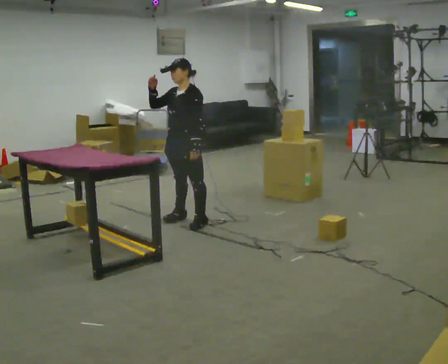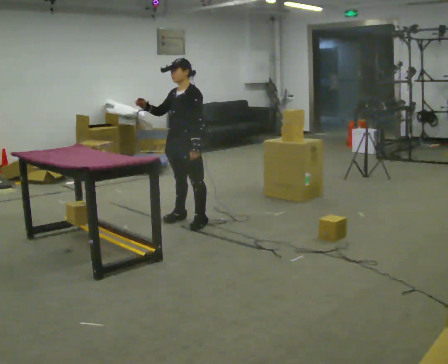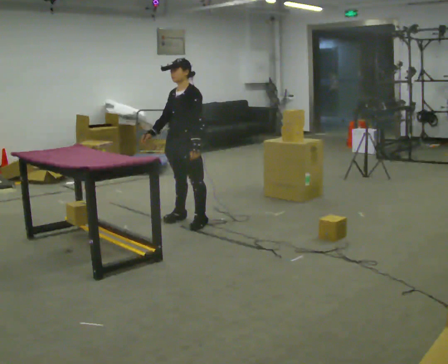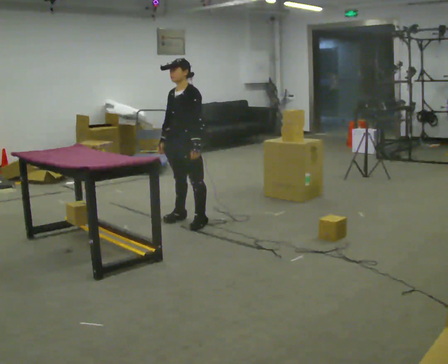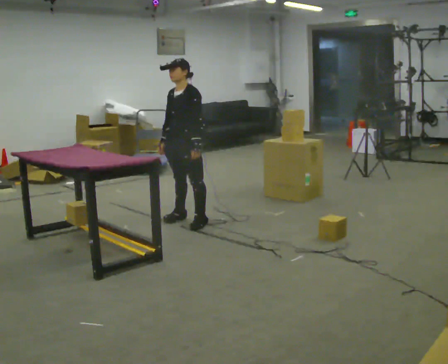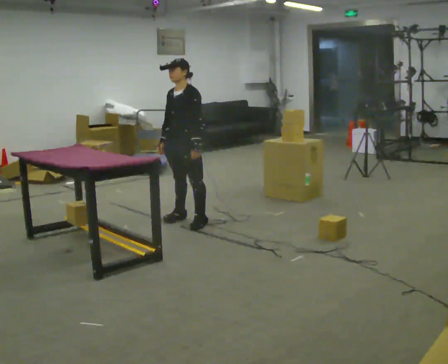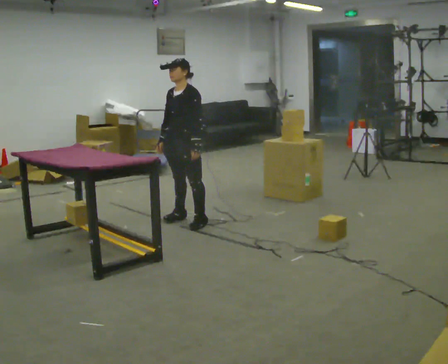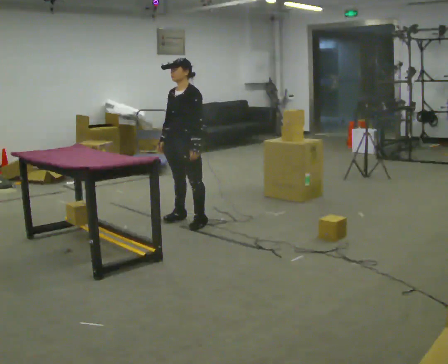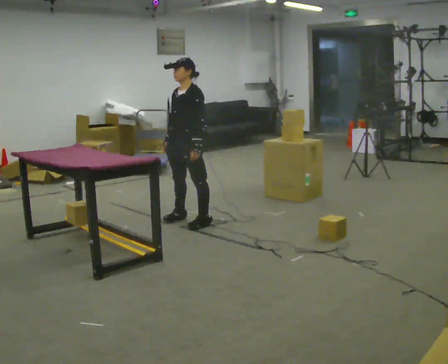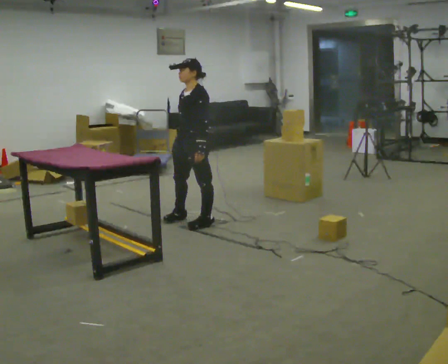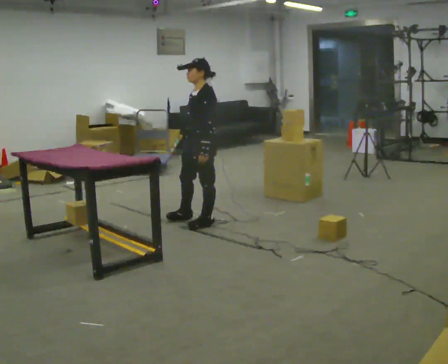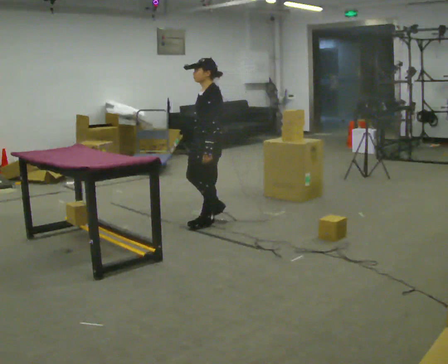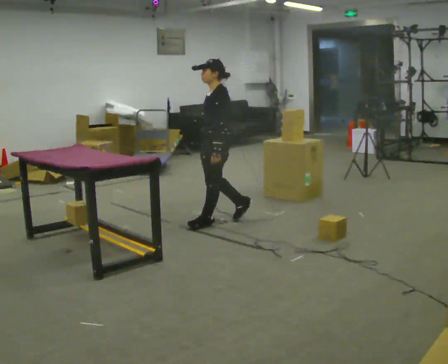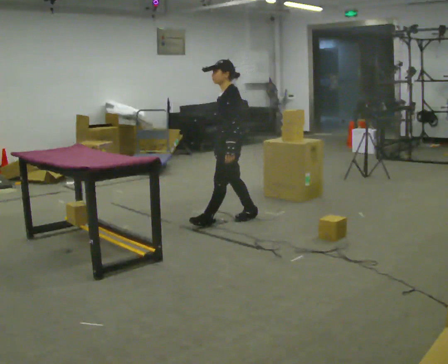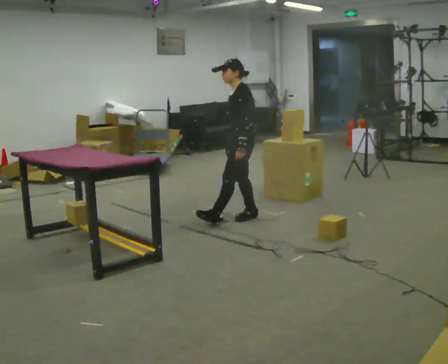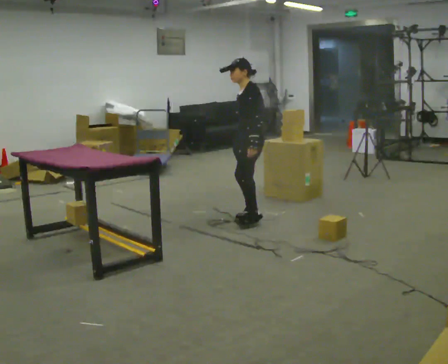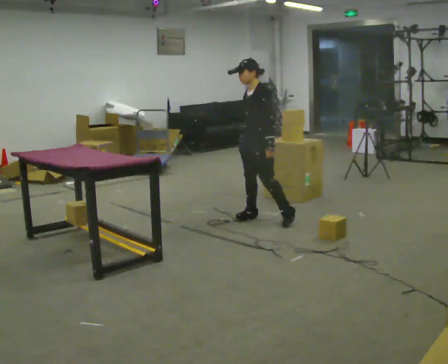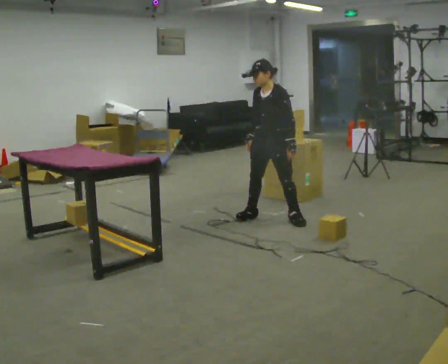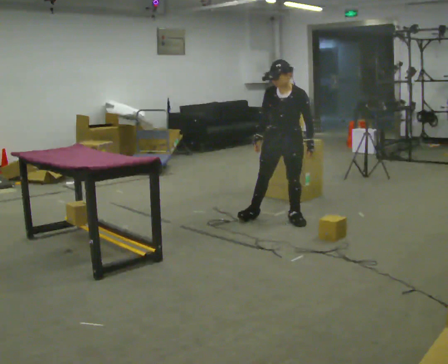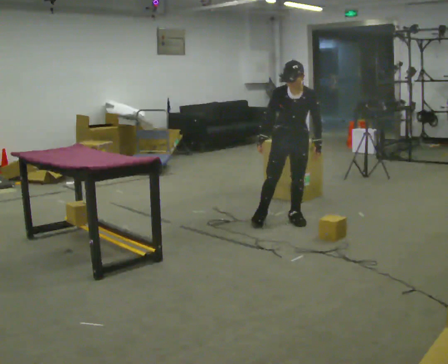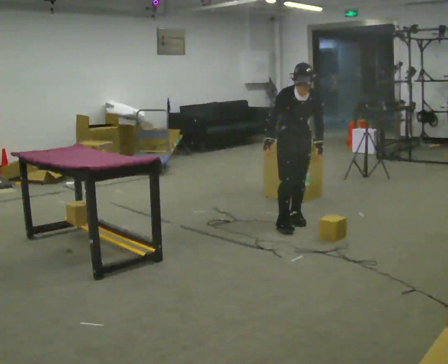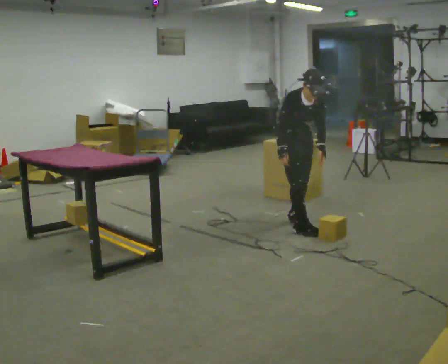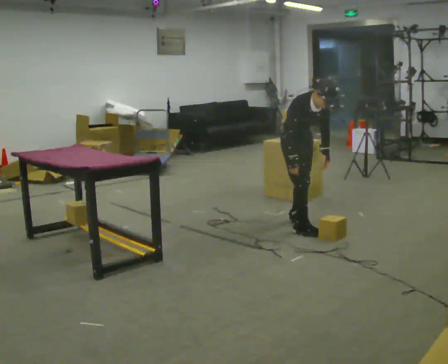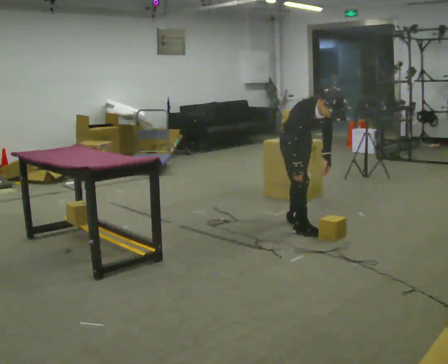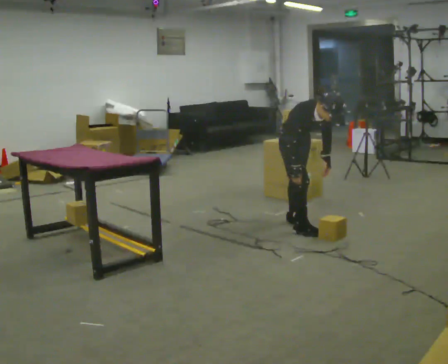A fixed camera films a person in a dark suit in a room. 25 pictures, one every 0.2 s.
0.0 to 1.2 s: In the picture their right hand goes downward.
1.2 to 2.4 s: The part of the body nearest the lens slides to the left as the person turns to their right by about 45 degrees. In the picture they go to the right, about 0.25 m in 1 step, which for them is to their left and backward.
2.4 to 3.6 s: The person turns about 45 degrees to their left, counterclockwise seen from above, so the part of the body nearest the lens slides to the right. In the picture they go to the right, about 0.5 m in 1 step, which for them is backward.
3.6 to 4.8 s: The part of the body nearest the lens slides to the right as the person turns to their left by about 75 degrees. In the picture they go toward the camera, about 0.25 m in 1 step. The upper body tips toward the camera, its near side rolling downward, as they bend forward.
The film runs backward here.
